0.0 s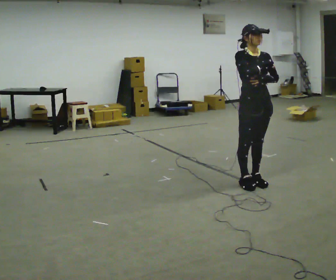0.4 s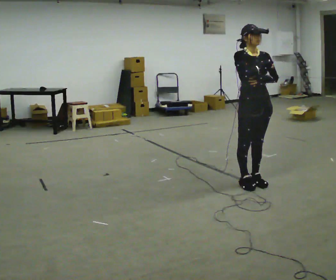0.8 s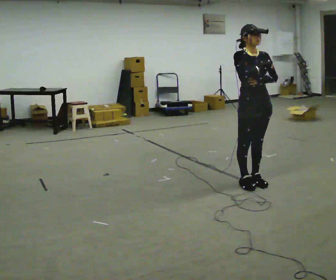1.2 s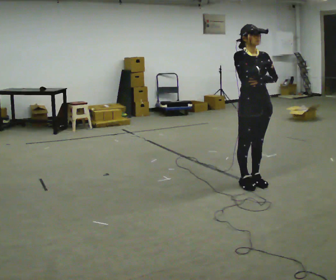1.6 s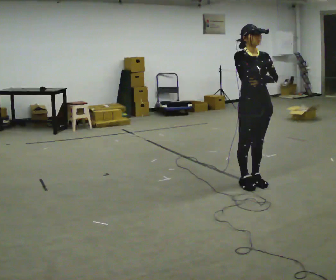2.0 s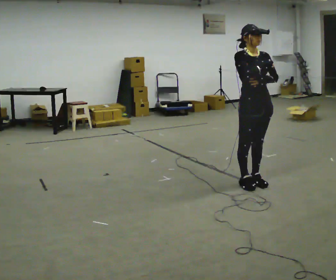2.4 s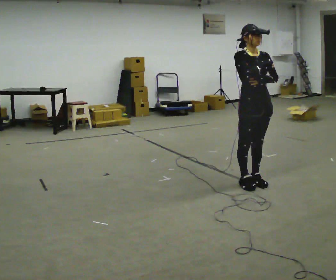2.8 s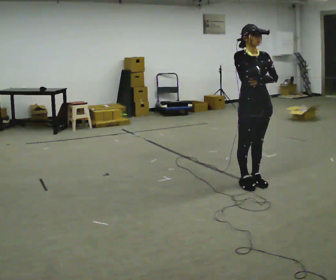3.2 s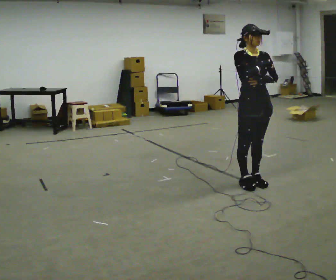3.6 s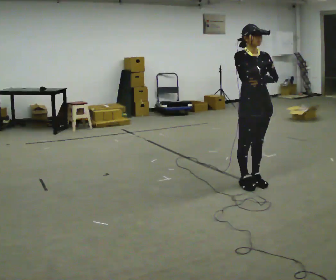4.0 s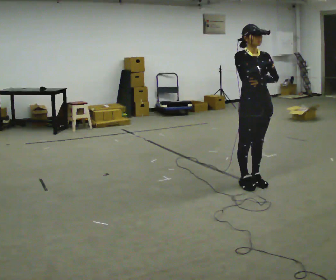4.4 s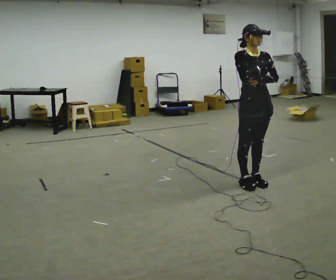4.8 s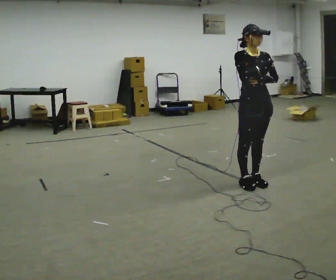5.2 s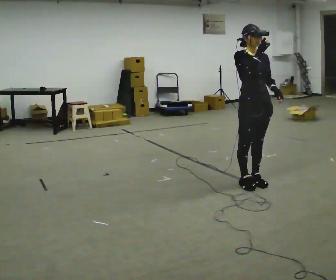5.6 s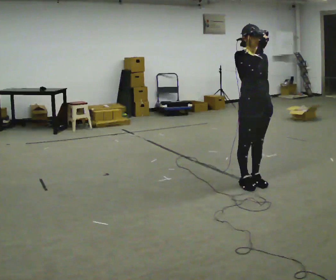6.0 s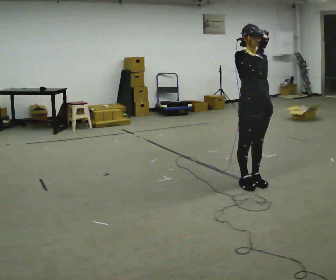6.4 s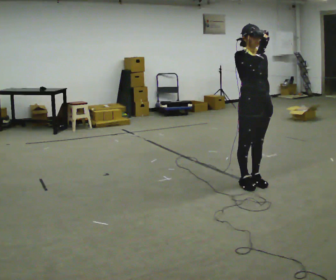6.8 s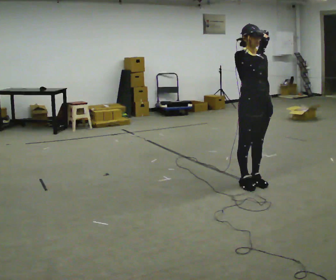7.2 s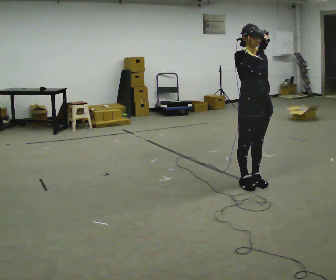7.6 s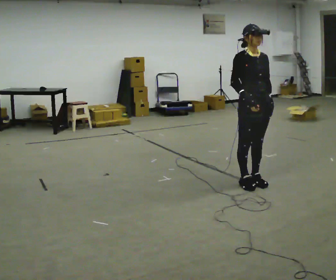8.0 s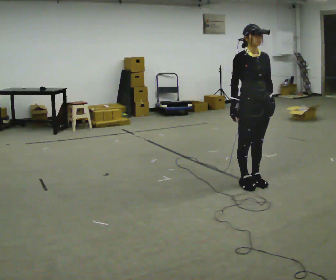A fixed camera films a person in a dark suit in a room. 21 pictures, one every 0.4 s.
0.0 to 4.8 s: The person keeps their place and pose.
4.8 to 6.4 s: The person moves a little, or ends about where they began.
6.4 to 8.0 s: In the picture their right hand goes downward.
The film runs forward here.
